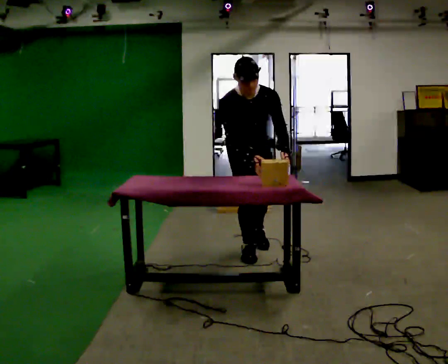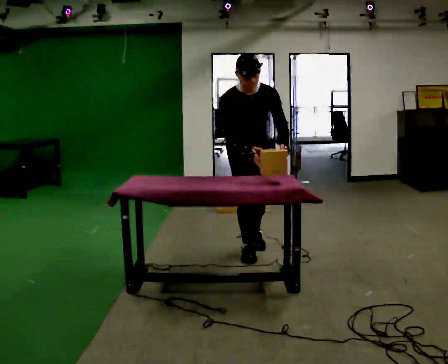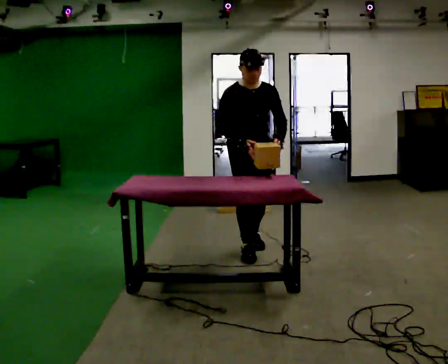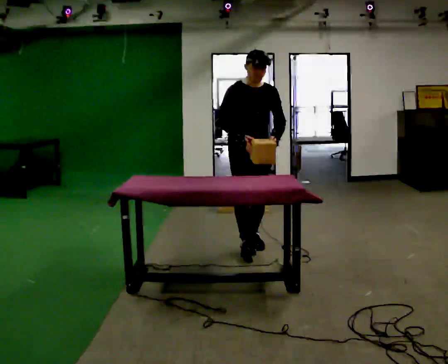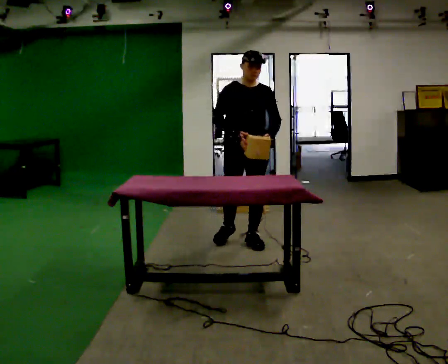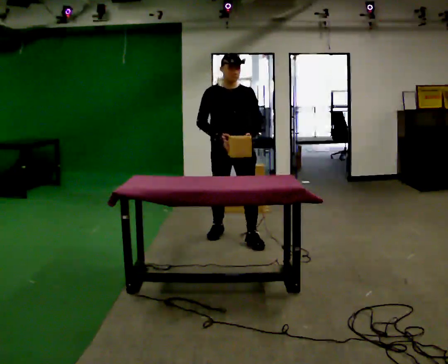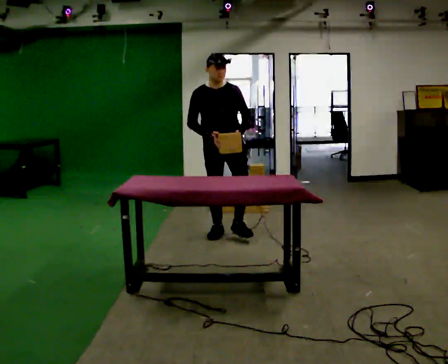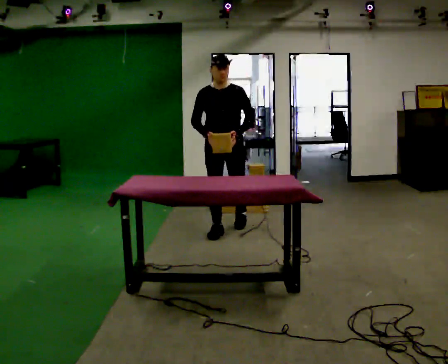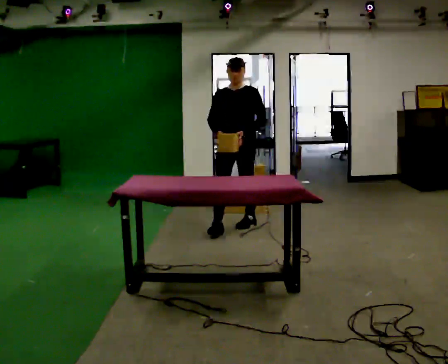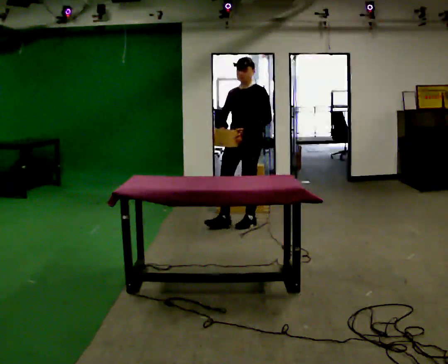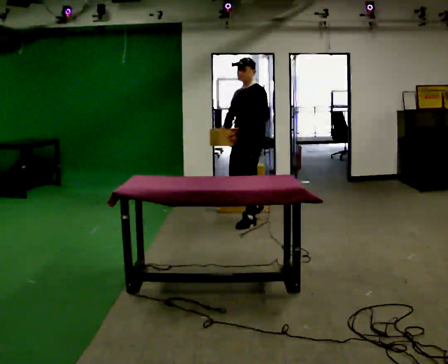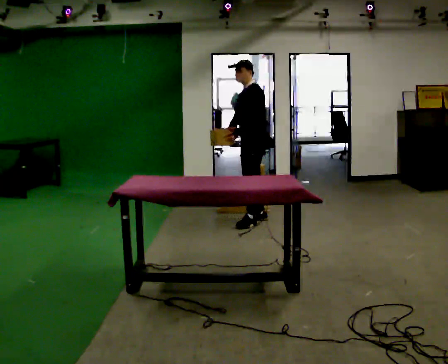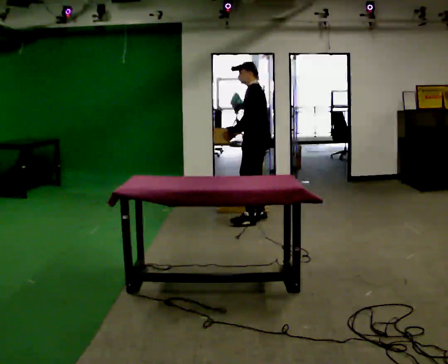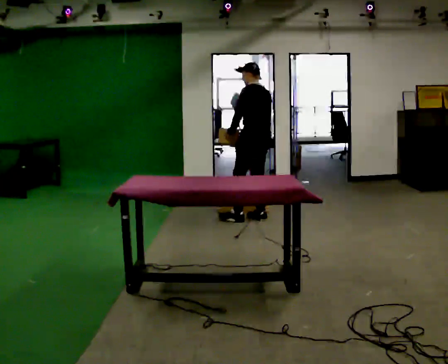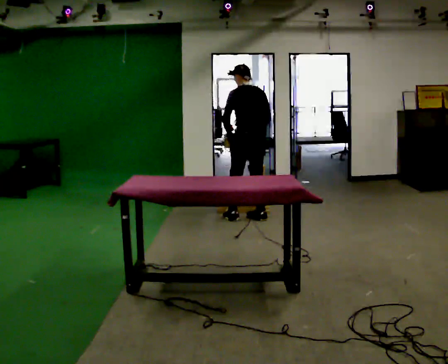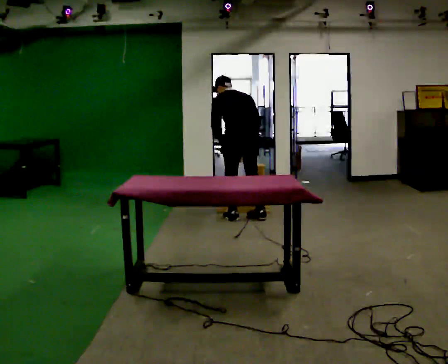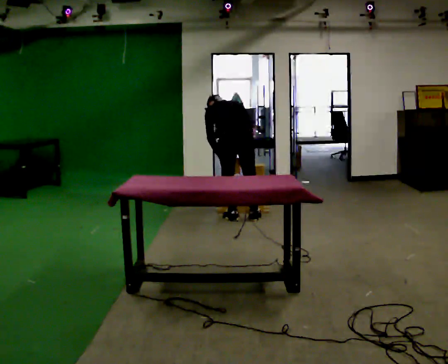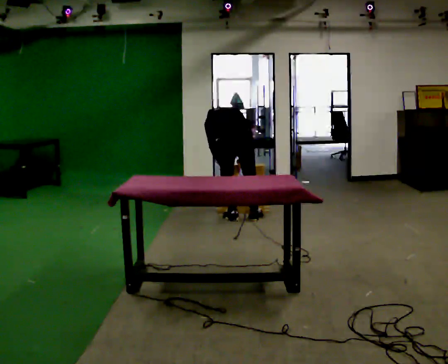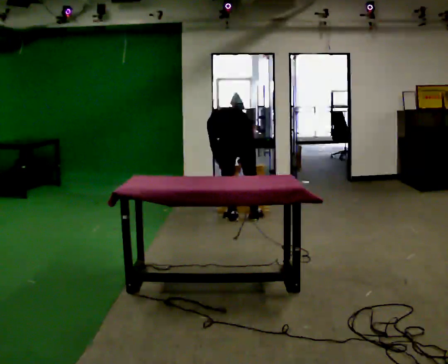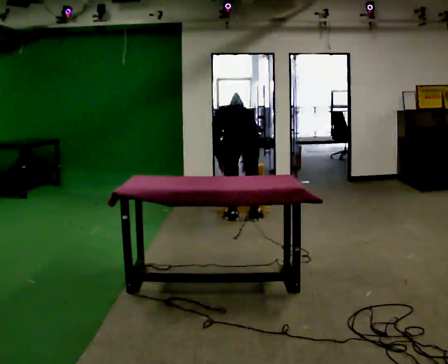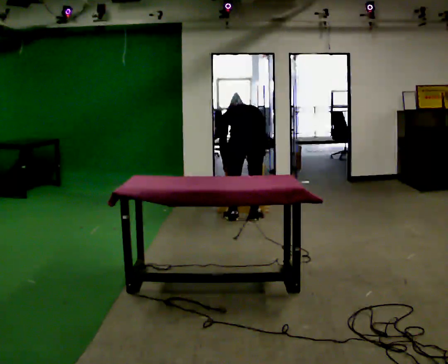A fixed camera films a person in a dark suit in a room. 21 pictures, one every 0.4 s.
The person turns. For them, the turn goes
to their right.
The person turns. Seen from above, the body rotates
clockwise.
0.0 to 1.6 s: In the picture they go away from the camera, about 0.25 m in 1 step, which for them is backward and to their left. The upper body tips away from the camera, its near side rolling upward, as they lean back or straighten.
1.6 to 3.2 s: The part of the body nearest the lens slides to the left as the person turns to their right by about 30 degrees. In the picture they go away from the camera, about 0.5 m in 1 step, which for them is backward.
3.2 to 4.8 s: The person turns about 75 degrees to their right, clockwise seen from above, so the part of the body nearest the lens slides to the left. In the picture they go away from the camera and to the right, about 0.5 m in 1 step.
4.8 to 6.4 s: The part of the body nearest the lens slides to the left as the person turns to their right by about 75 degrees. In the picture they go to the left, about 0.25 m in 1 step. The upper body goes downward. The upper body tips away from the camera, its near side rolling upward, as they bend forward.
6.4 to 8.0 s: The person moves a little, or ends about where they began.
The film runs backward here.
